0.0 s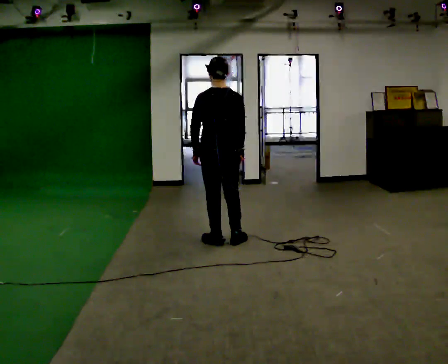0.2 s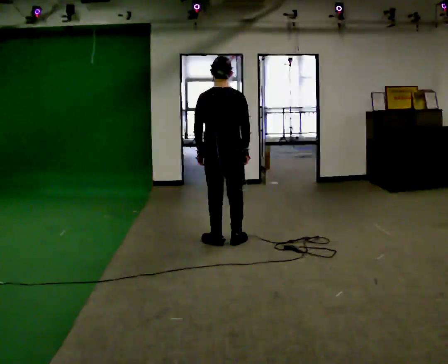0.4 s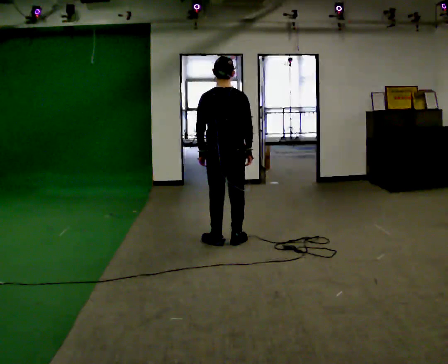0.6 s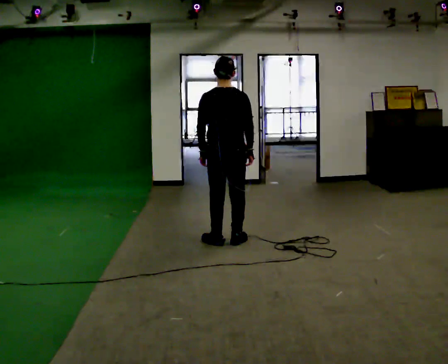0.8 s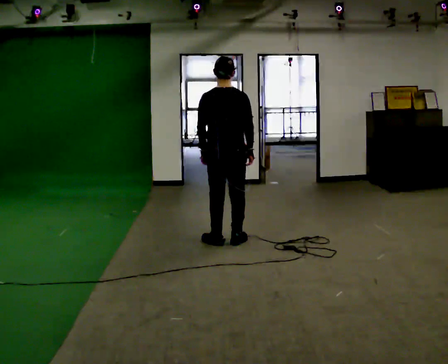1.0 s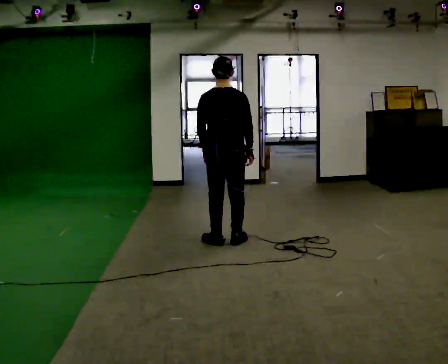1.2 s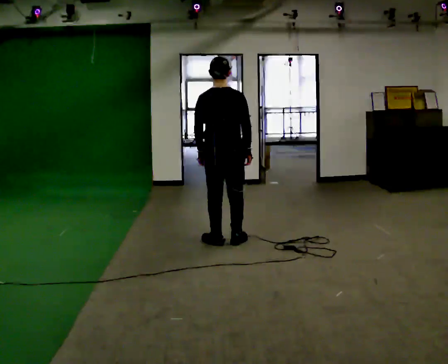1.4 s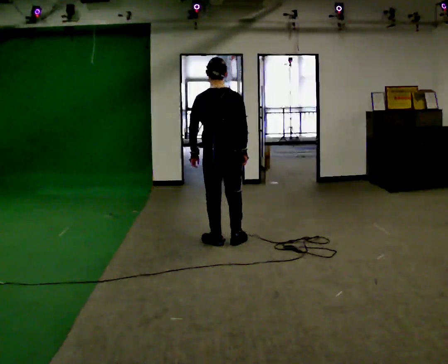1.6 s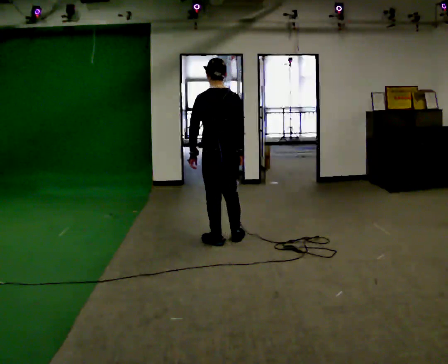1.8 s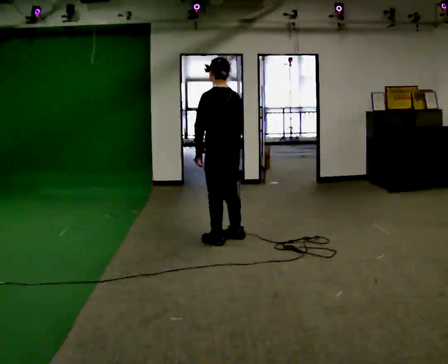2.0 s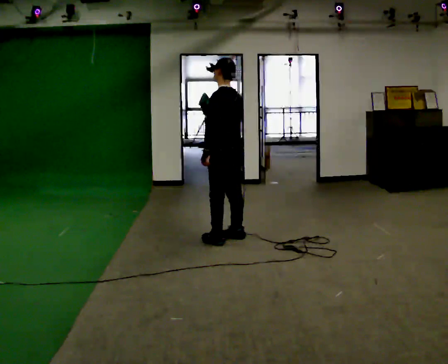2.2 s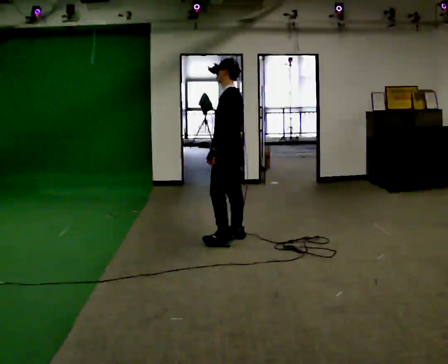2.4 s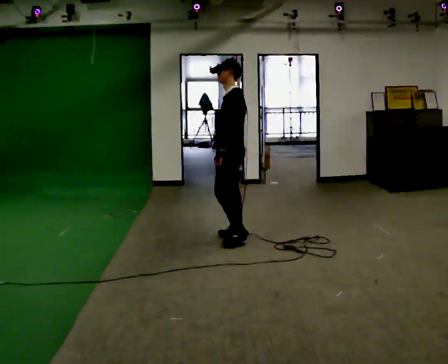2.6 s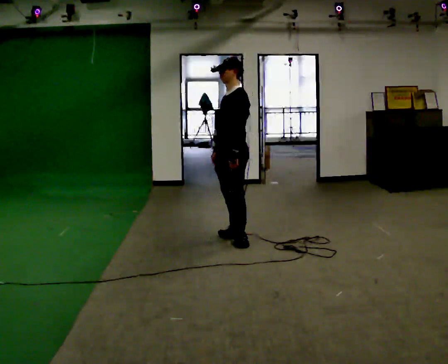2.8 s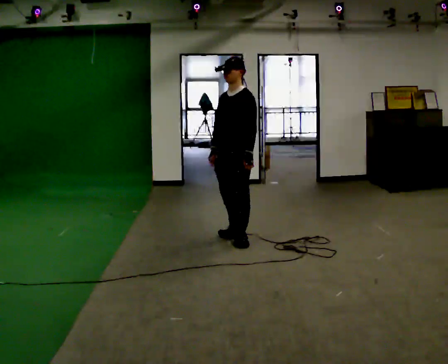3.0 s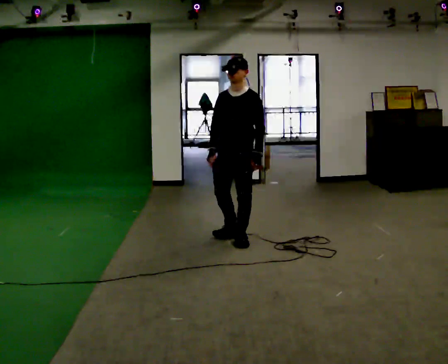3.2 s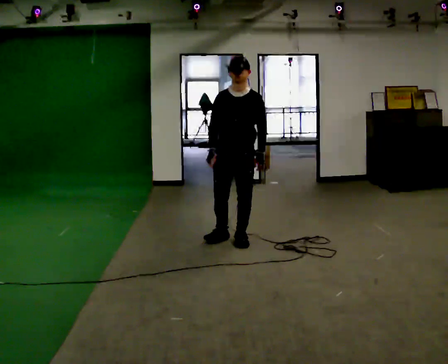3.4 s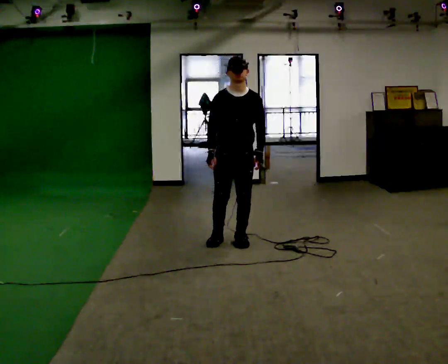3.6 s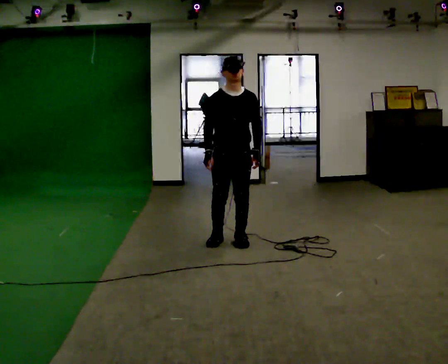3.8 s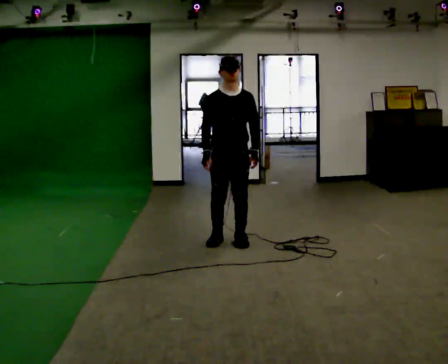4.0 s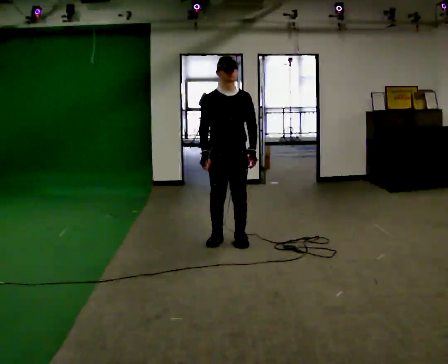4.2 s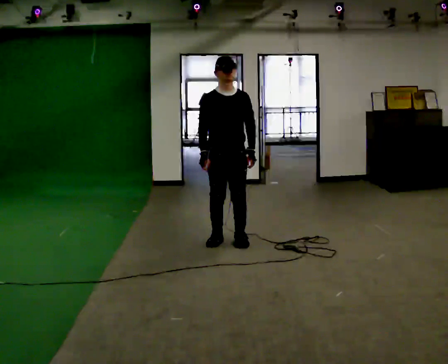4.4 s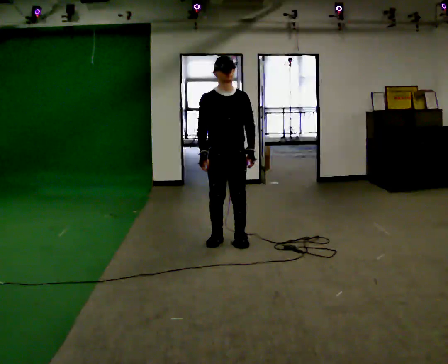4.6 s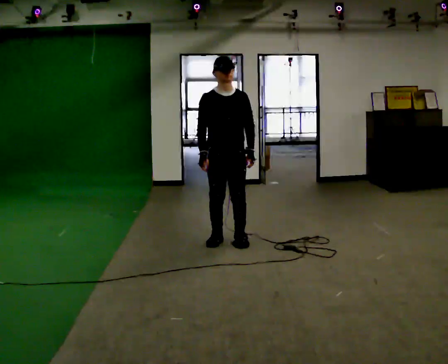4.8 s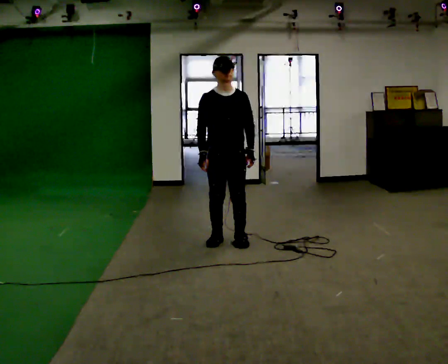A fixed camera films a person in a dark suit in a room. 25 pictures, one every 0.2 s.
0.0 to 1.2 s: The person moves a little, or ends about where they began.
1.2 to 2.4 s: The person turns about 90 degrees to their left, counterclockwise seen from above, so the part of the body nearest the lens slides to the right.
2.4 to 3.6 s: The part of the body nearest the lens slides to the right as the person turns to their left by about 90 degrees. In the picture their left hand goes to the right.
3.6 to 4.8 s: The person moves a little, or ends about where they began.
The film runs backward here.
